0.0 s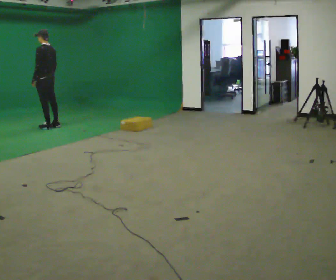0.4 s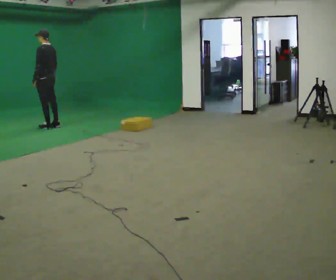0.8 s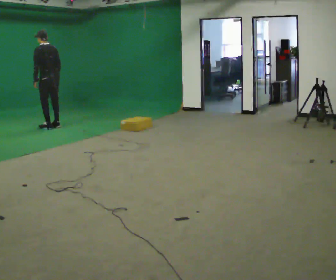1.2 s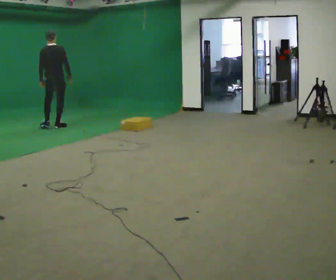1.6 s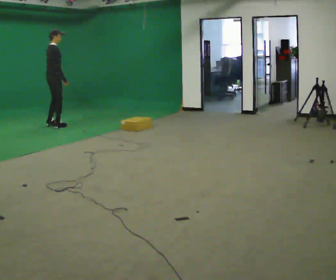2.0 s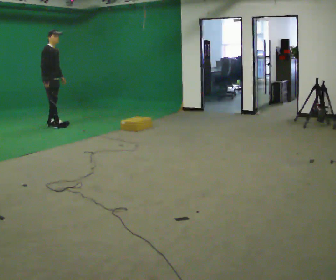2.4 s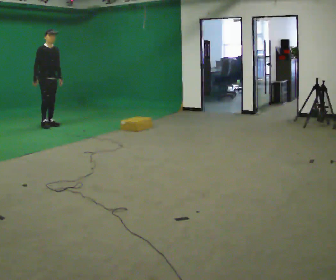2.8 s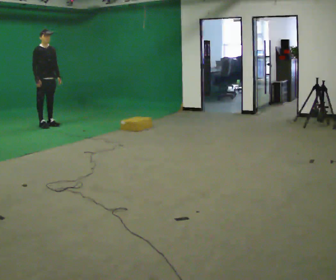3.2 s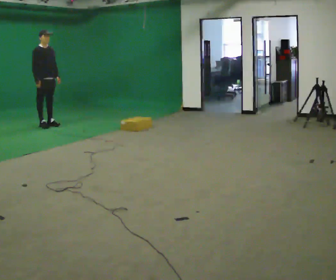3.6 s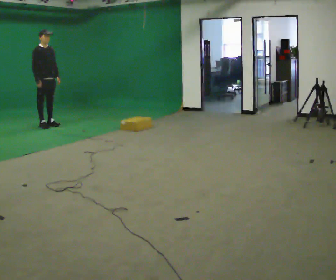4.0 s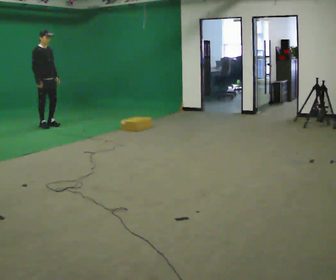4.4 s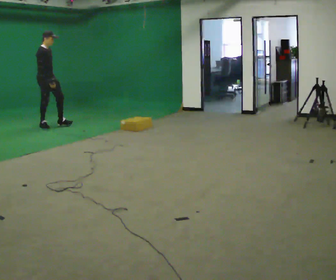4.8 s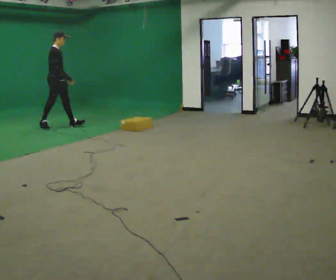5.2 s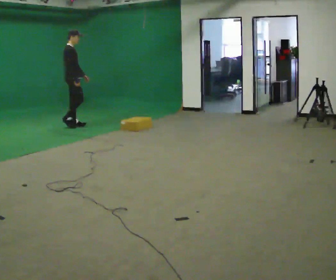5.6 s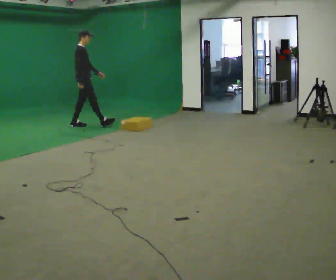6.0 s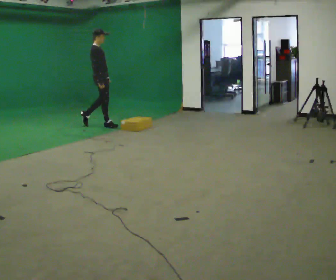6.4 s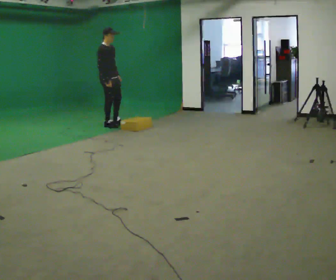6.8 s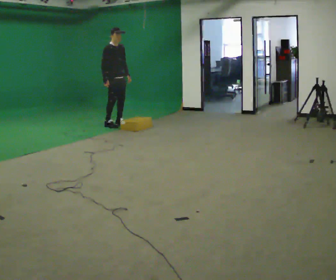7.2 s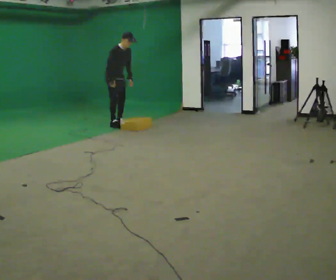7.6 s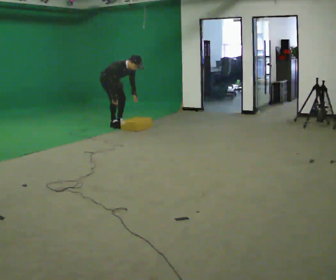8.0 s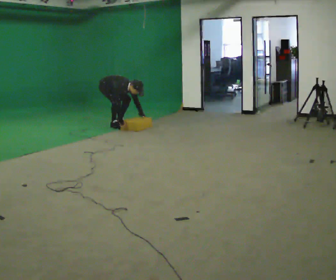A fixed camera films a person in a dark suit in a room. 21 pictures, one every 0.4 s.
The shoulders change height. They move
downward.
0.0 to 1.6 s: The part of the body nearest the lens slides to the left as the person turns to their right by about 135 degrees. In the picture their left hand goes to the right.
1.6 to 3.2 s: The person turns about 60 degrees to their right, clockwise seen from above, so the part of the body nearest the lens slides to the left. In the picture they go to the left, about 0.25 m in 2 steps.
3.2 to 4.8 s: Seen from above the body turns counterclockwise, about 30 degrees: to their left, with its near side sliding to the right. In the picture they go to the right, about 0.25 m in 1 step, which for them is forward.
4.8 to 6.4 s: In the picture they go to the right, about 1 m in 1 step, which for them is forward.
6.4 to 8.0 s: In the picture they go away from the camera, about 0.25 m in 1 step. The upper body goes downward. In the picture the upper body tilts clockwise, shoulders to the right, as they bend forward. In the picture their right hand goes downward.
The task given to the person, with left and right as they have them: Start still; walk straight at normal comfortable speed; stop at endpoint.
The film runs forward here.
